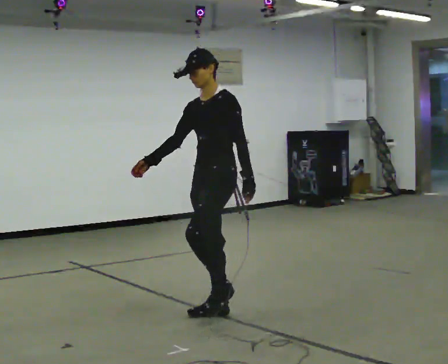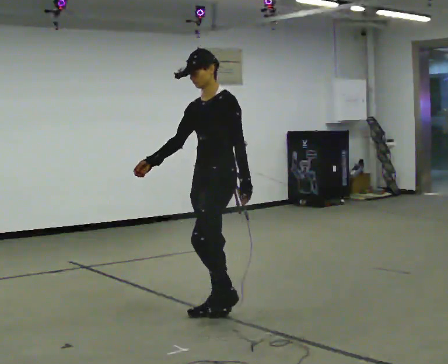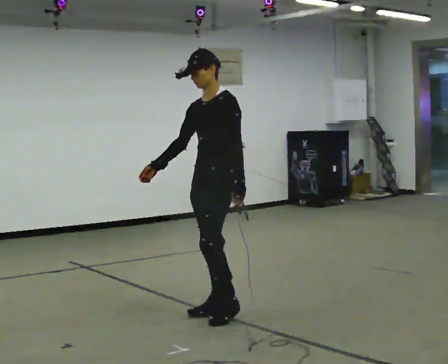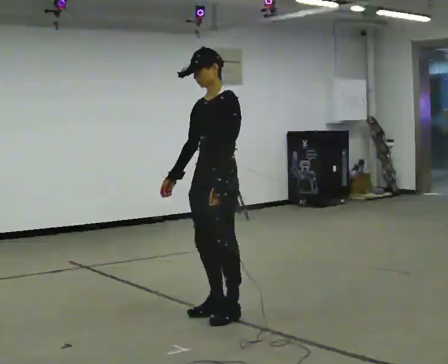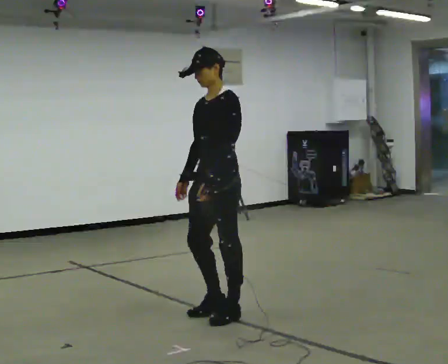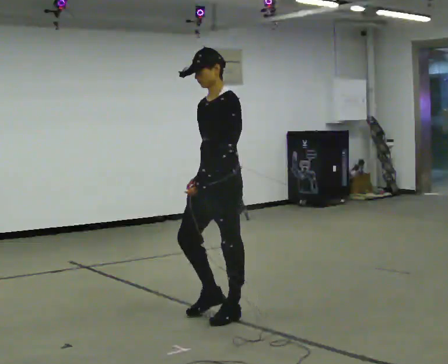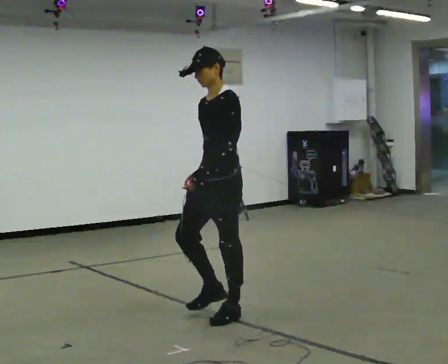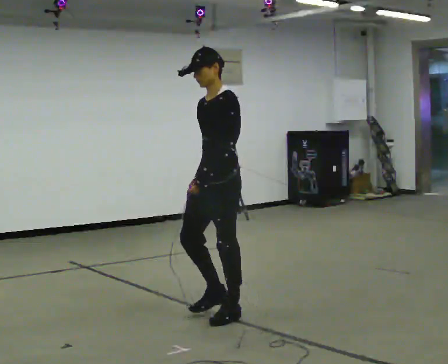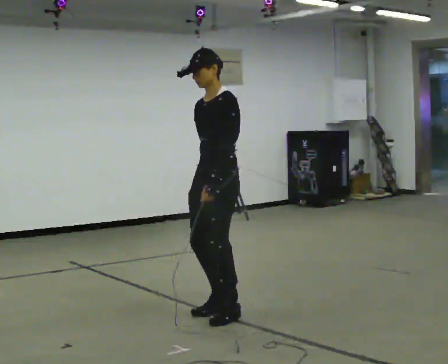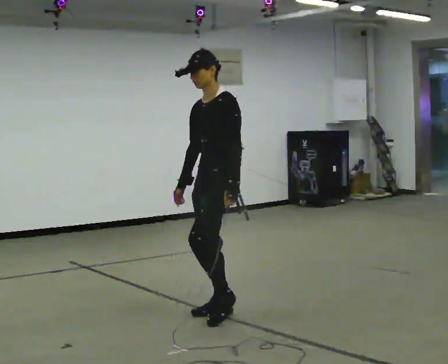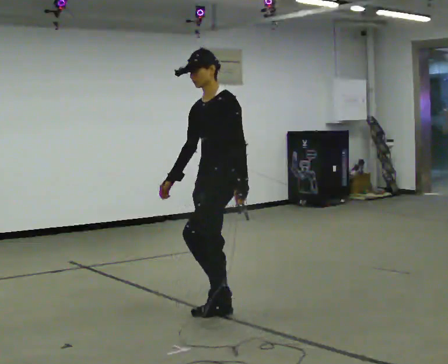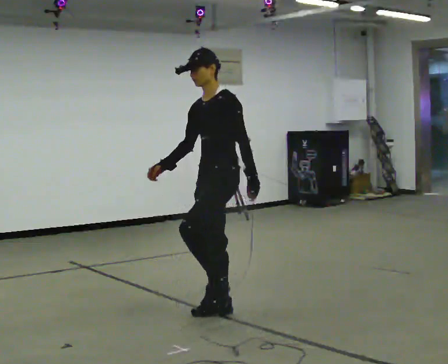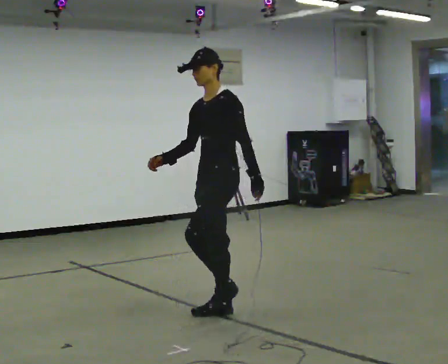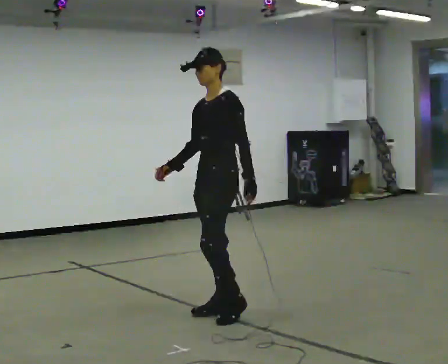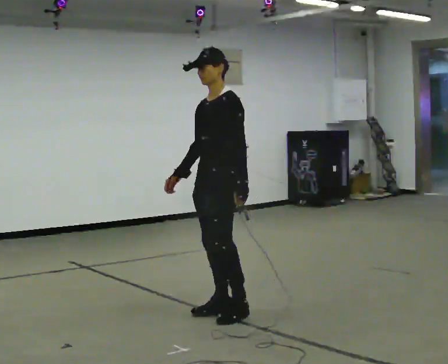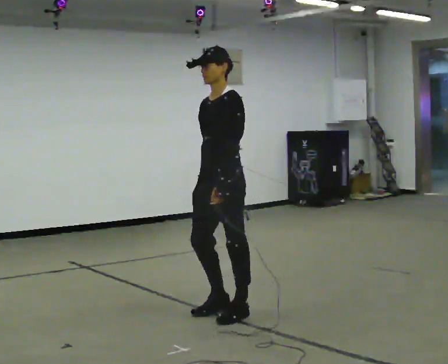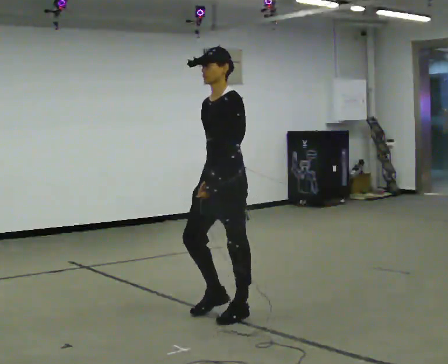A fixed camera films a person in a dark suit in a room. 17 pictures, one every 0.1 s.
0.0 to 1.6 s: In the picture their right hand goes to the right.
The film runs forward here.
